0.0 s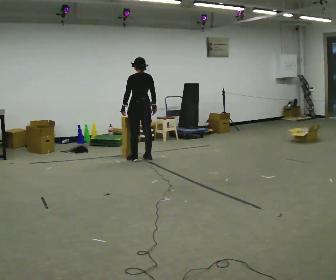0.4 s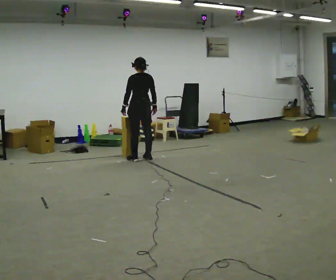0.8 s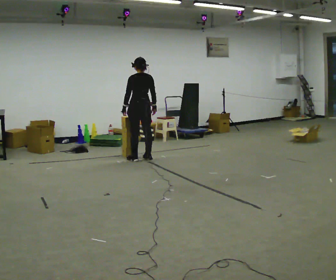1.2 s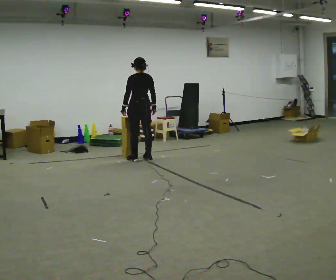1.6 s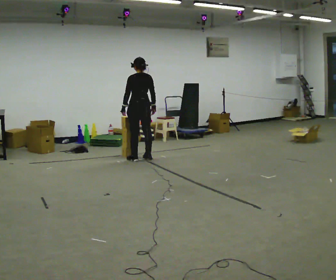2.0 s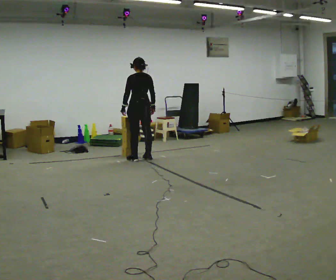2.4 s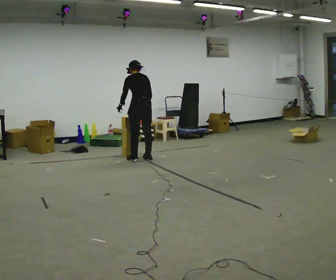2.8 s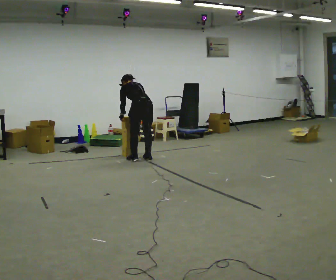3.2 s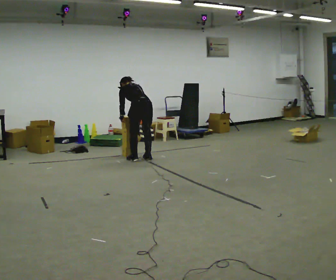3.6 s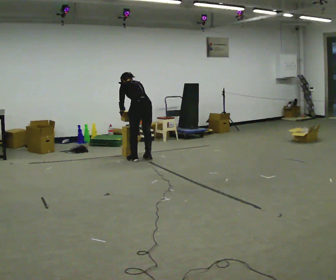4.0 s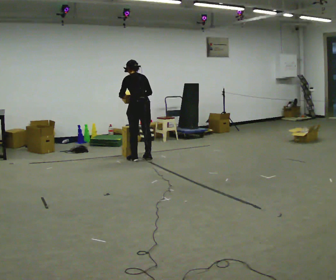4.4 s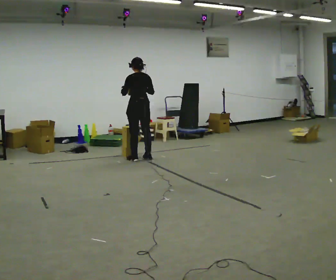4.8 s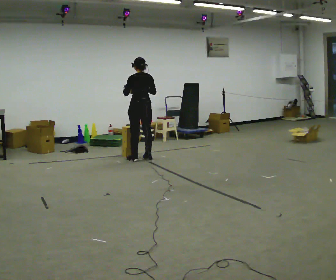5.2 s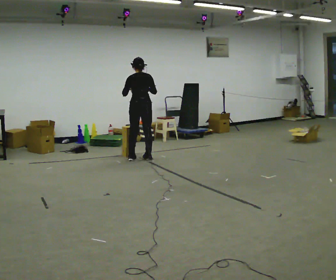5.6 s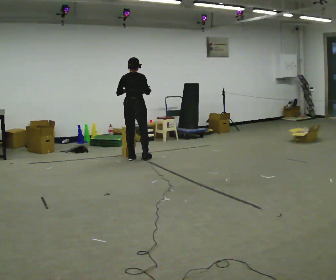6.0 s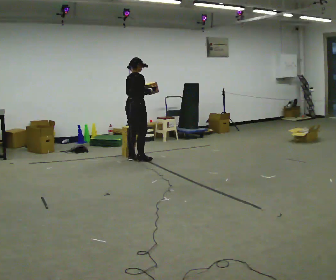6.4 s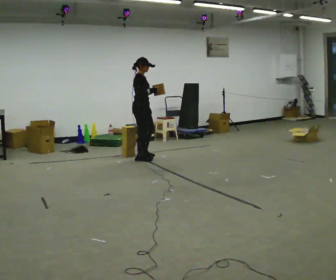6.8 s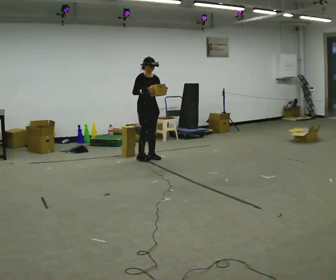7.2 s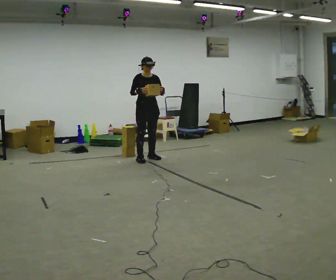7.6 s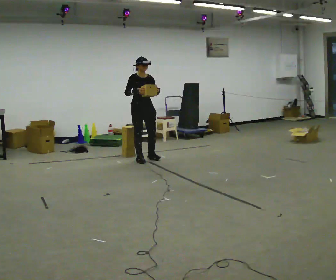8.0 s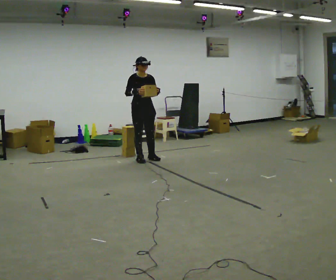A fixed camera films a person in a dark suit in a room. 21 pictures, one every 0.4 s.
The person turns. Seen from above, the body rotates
clockwise.
The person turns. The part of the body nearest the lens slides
to the left.
0.0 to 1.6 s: The person keeps their place and pose.
1.6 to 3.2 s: The upper body goes downward. The upper body tips away from the camera, its near side rolling upward, as they bend forward.
3.2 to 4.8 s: The upper body goes upward. The upper body tips toward the camera, its near side rolling downward, as they lean back or straighten. In the picture their left hand goes upward.
4.8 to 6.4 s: Seen from above the body turns clockwise, about 120 degrees: to their right, with its near side sliding to the left. In the picture their left hand goes to the right.
6.4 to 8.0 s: The person turns about 60 degrees to their right, clockwise seen from above, so the part of the body nearest the lens slides to the left.
The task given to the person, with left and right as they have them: Carry the stack of boxes across the room without letting it fall over, then bring it back. Keep going until the operator says stop; one object at a time, and do not rush between trips.
The film runs forward here.
